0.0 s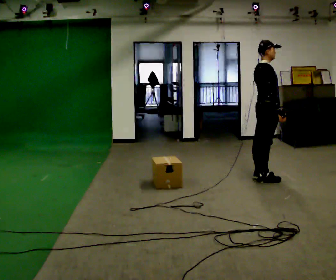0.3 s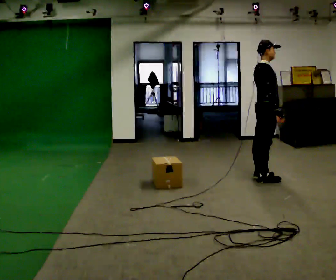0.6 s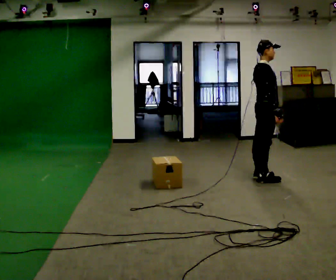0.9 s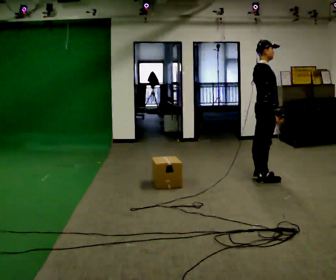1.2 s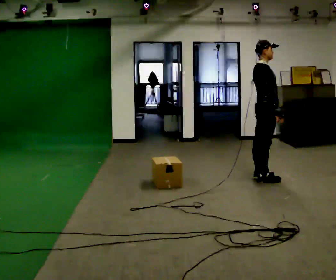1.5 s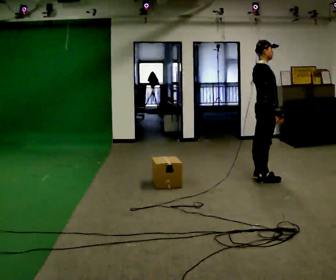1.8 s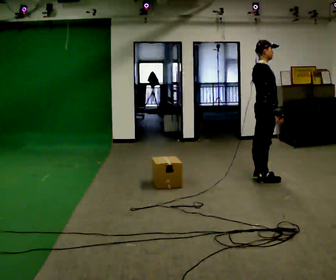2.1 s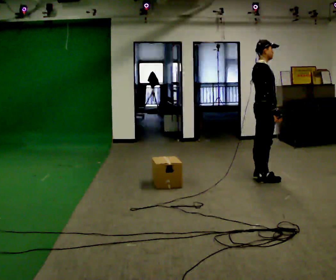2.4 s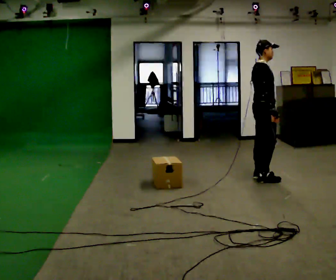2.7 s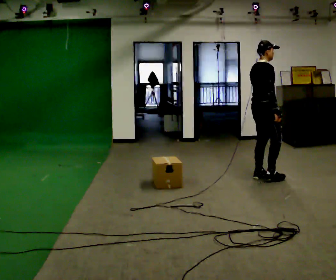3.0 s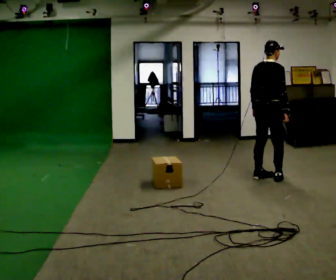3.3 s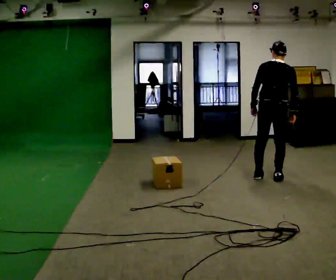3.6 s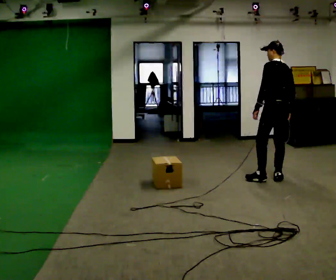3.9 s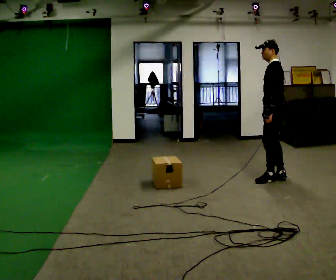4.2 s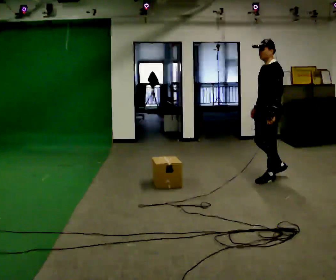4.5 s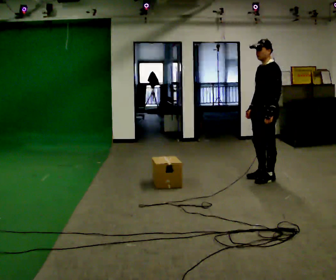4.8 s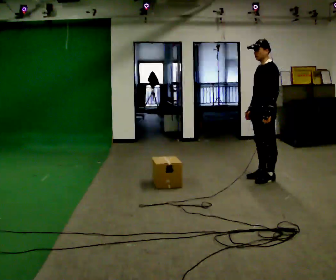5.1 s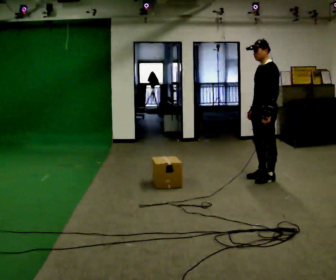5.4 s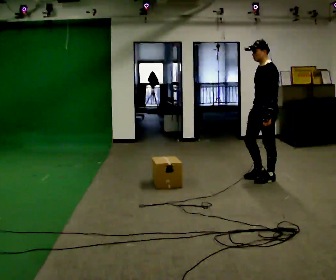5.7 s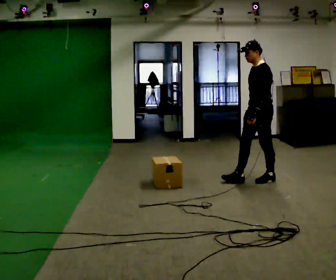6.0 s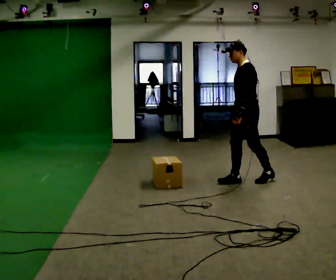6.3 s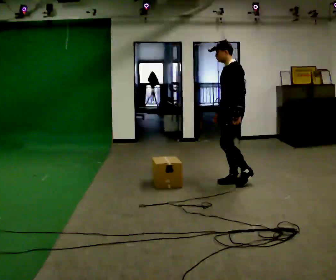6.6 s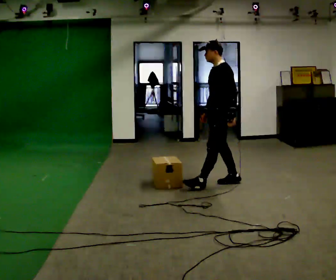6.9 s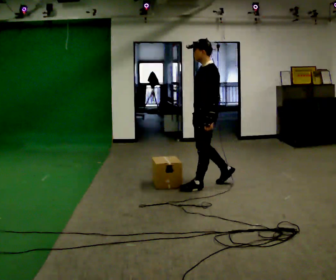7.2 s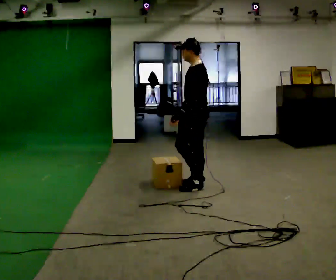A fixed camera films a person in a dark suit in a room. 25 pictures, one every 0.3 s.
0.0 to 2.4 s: The person moves a little, or ends about where they began.
2.4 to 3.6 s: The person turns about 120 degrees to their left, counterclockwise seen from above, so the part of the body nearest the lens slides to the right. In the picture they go to the right, about 0.25 m in 1 step.
3.6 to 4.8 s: The part of the body nearest the lens slides to the right as the person turns to their left by about 60 degrees. In the picture their right hand goes to the left.
4.8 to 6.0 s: In the picture they go to the left, about 0.25 m in 1 step, which for them is forward.
6.0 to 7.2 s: In the picture they go to the left and toward the camera, about 0.75 m in 1 step, which for them is forward.
The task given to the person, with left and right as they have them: Walk back and forth across the room at a normal pace, looking ahead. There may be something on the floor. Recover however comes naturally and carry on.
The film runs forward here.
